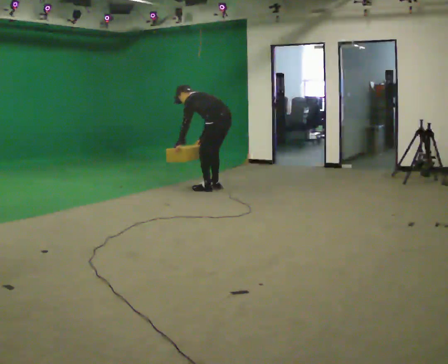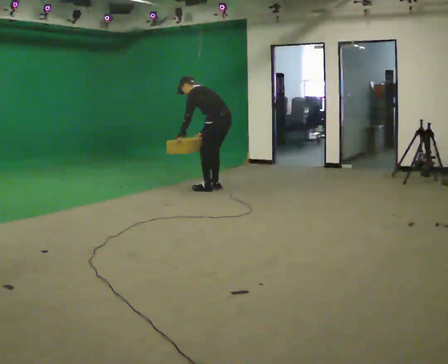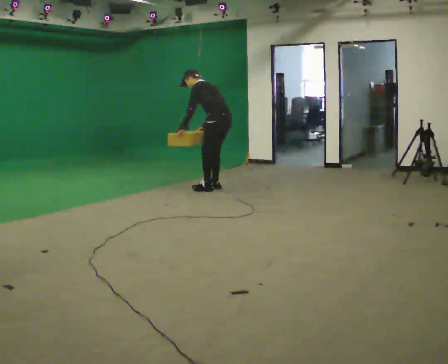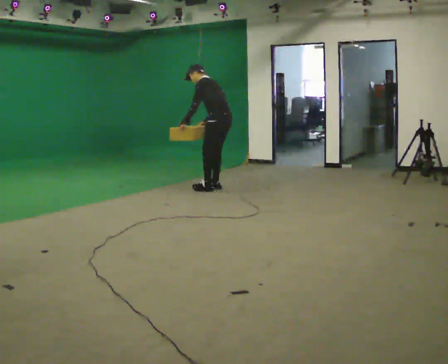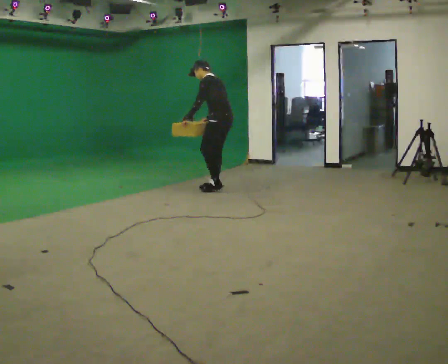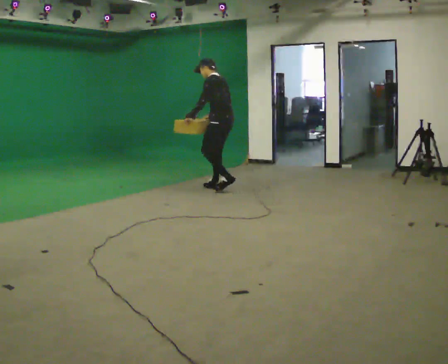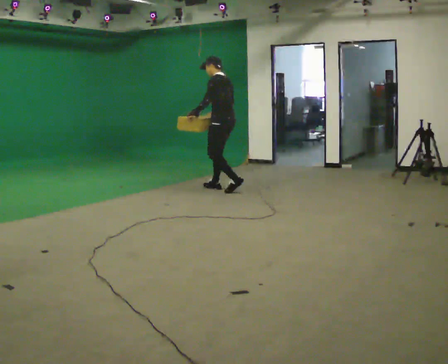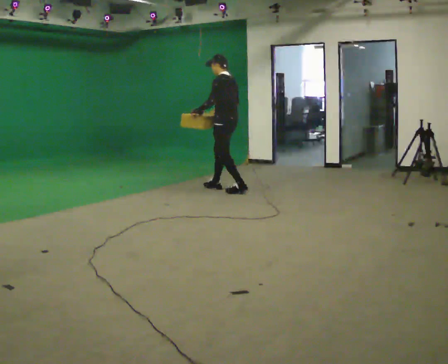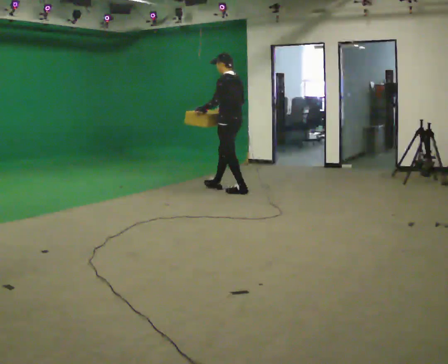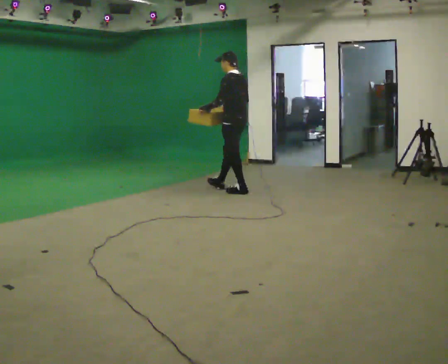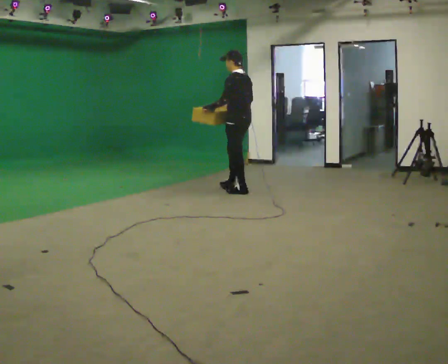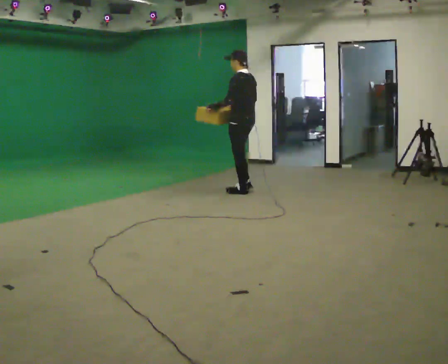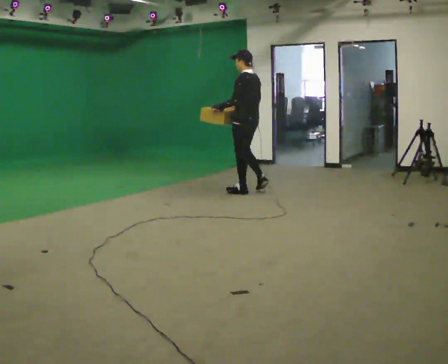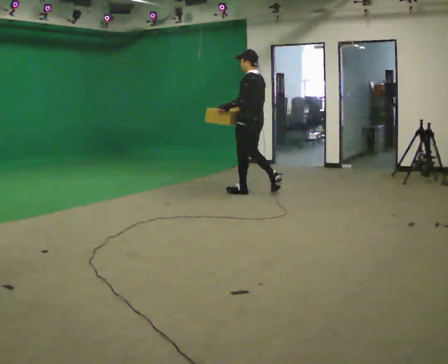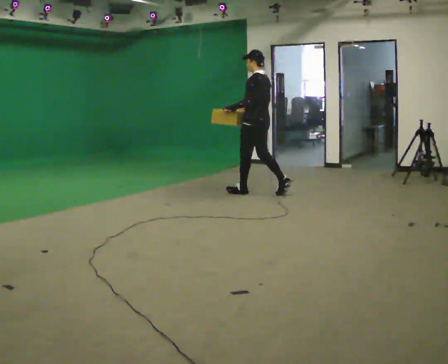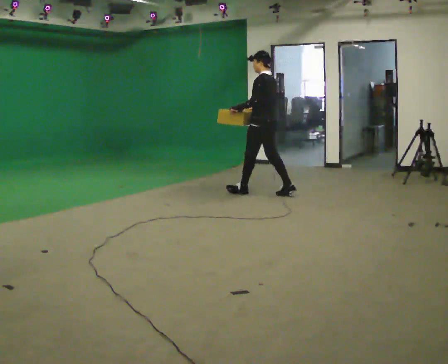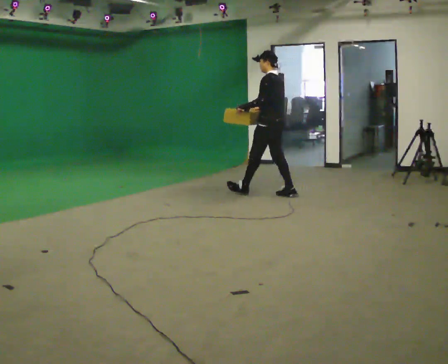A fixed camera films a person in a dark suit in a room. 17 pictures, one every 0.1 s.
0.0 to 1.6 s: In the picture they go to the right and toward the camera, about 0.75 m in 2 steps, which for them is backward. The shoulders move upward. In the picture the upper body tilts clockwise, shoulders to the right, as they lean back or straighten. In the picture their right hand goes upward.
The film runs backward here.
